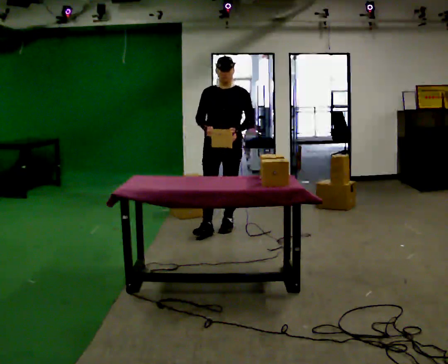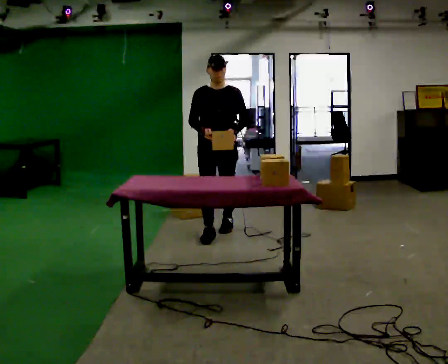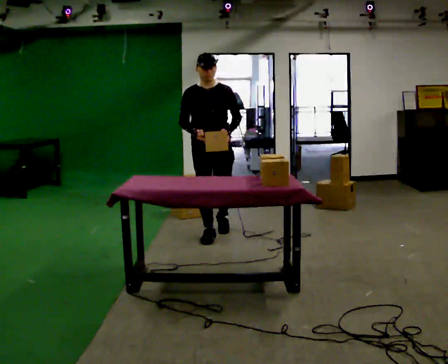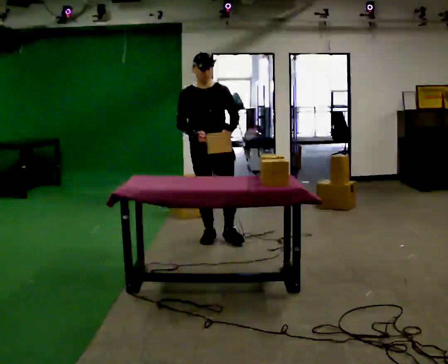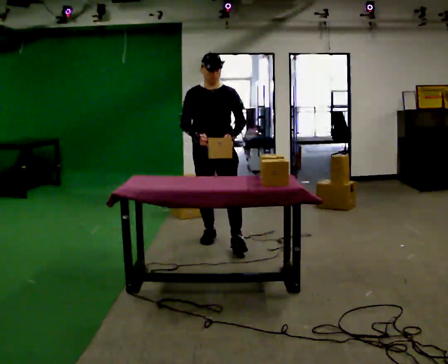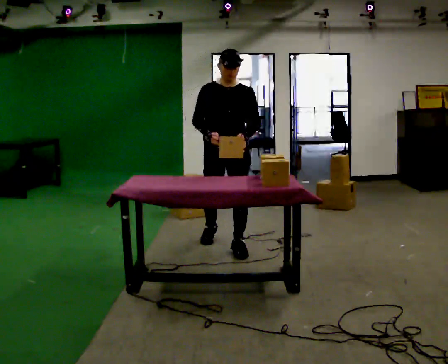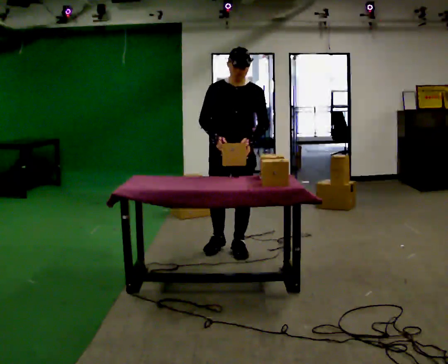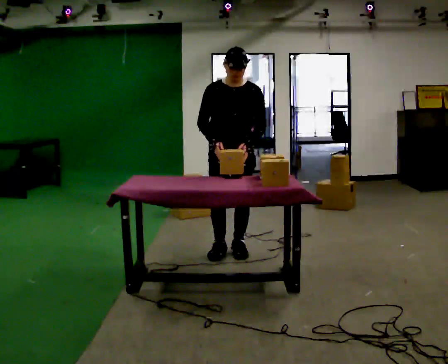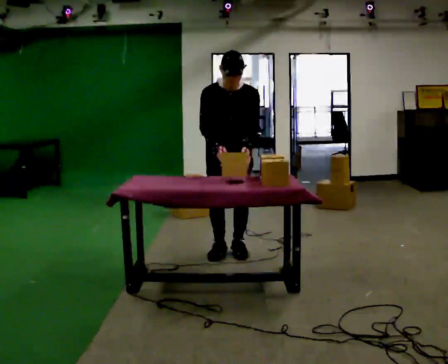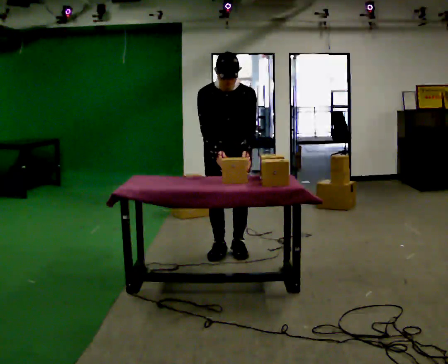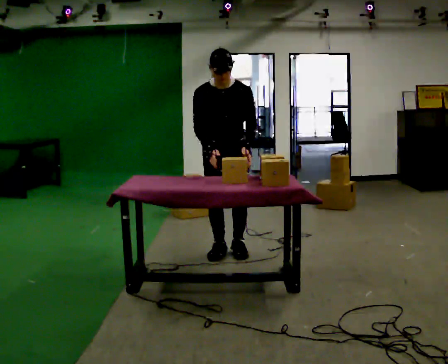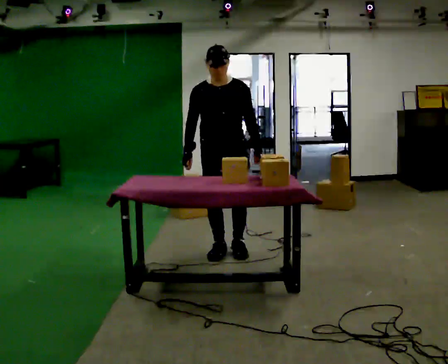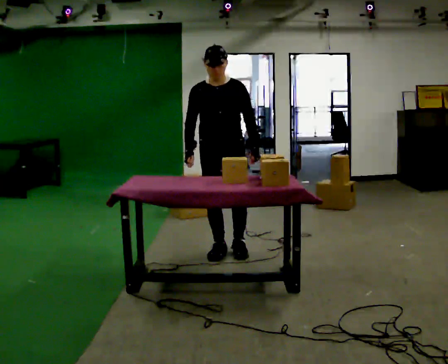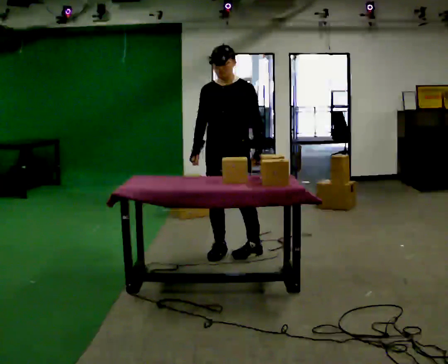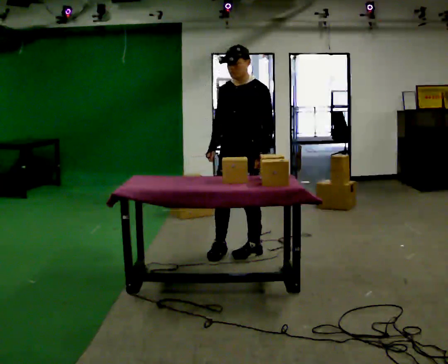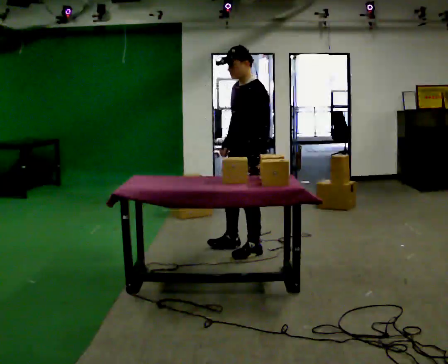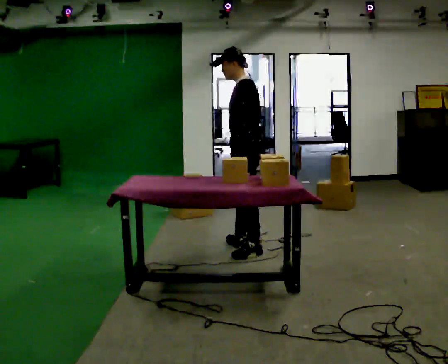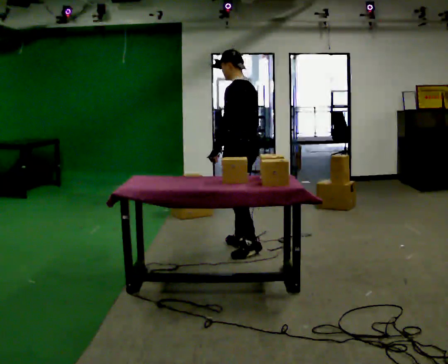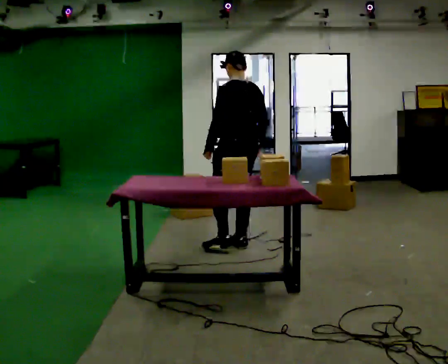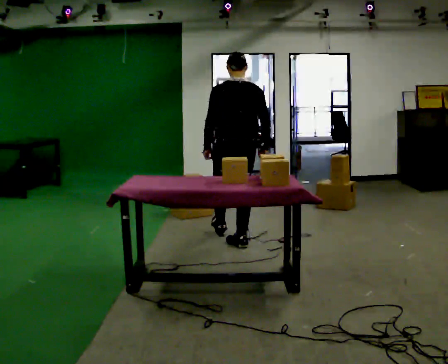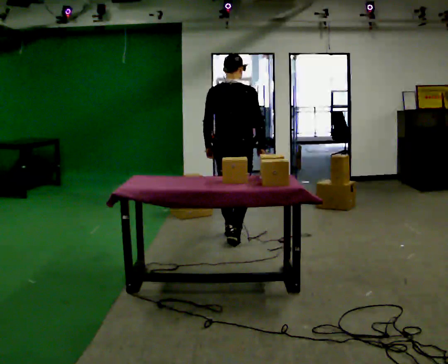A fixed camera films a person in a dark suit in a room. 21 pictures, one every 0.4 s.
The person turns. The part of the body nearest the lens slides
to the left.
The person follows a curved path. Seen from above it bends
counterclockwise.
0.0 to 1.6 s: In the picture they go toward the camera, about 0.5 m in 2 steps, which for them is forward.
1.6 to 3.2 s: In the picture they go toward the camera, about 0.25 m in 1 step, which for them is forward and to their left. The upper body tips toward the camera, its near side rolling downward, as they bend forward.
3.2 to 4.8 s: The upper body tips away from the camera, its near side rolling upward, as they lean back or straighten.
4.8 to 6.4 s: The part of the body nearest the lens slides to the left as the person turns to their right by about 90 degrees. In the picture they go to the right, about 0.25 m in 1 step.
6.4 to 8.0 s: Seen from above the body turns clockwise, about 105 degrees: to their right, with its near side sliding to the left. In the picture they go away from the camera, about 0.5 m in 1 step.
The film runs forward here.
